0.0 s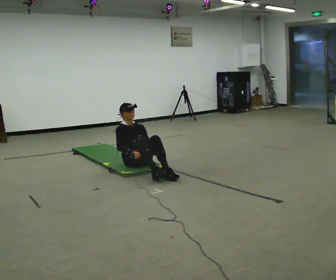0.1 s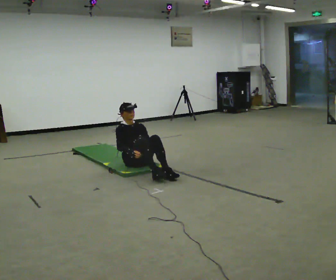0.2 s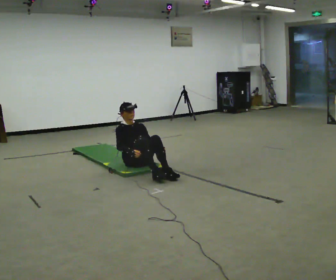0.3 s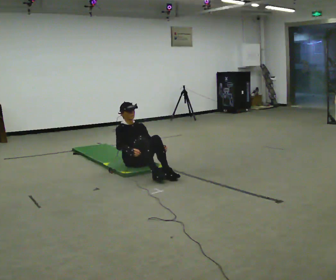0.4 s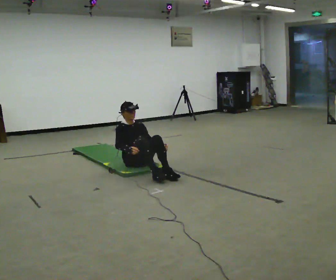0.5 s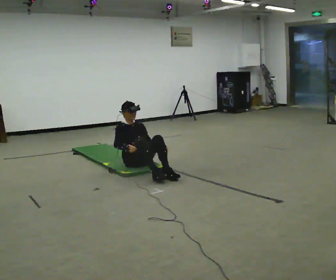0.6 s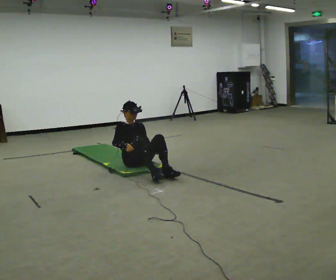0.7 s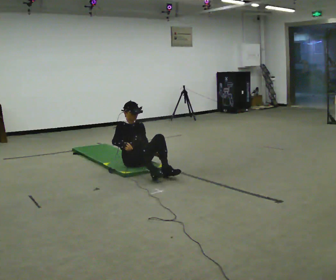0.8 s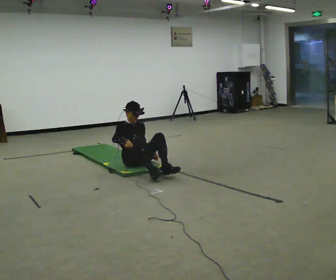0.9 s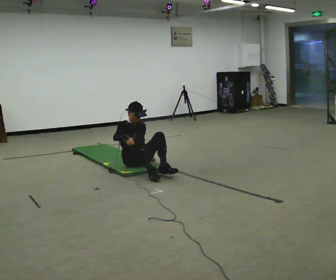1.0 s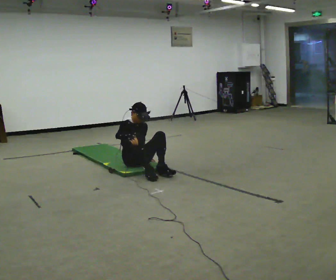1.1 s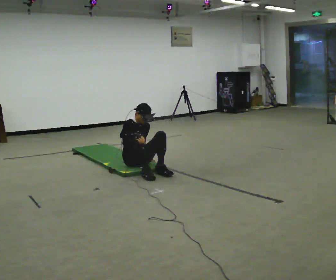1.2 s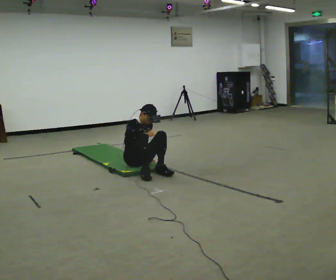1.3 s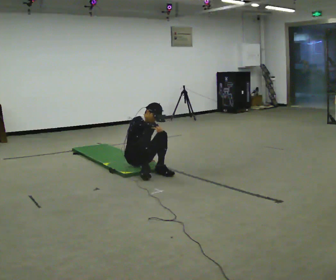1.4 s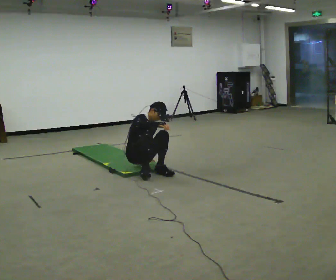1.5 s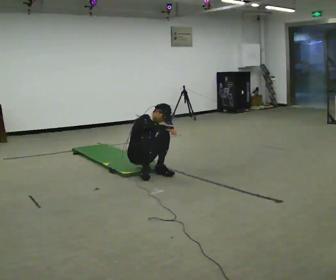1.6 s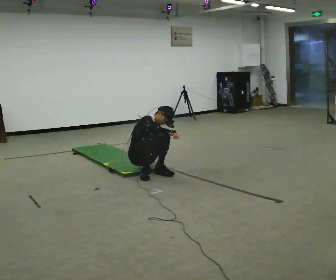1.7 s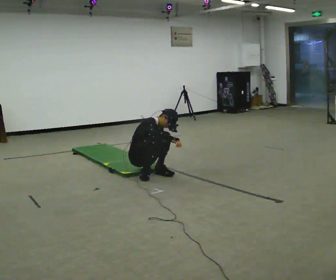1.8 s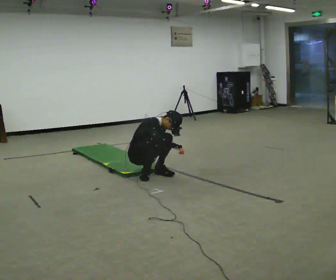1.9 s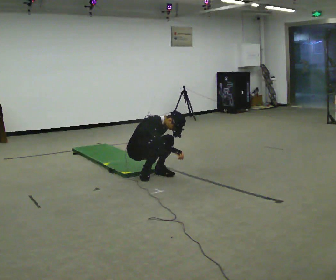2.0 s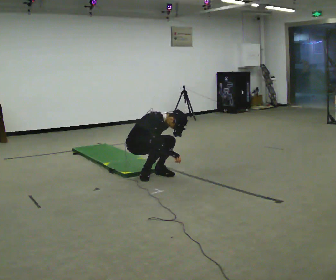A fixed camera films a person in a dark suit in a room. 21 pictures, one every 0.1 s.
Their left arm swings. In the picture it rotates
clockwise.
0.0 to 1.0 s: The person moves a little, or ends about where they began.
1.0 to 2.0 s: In the picture they go toward the camera, about 0.25 m, which for them is forward and to their right. In the picture the upper body tilts clockwise, shoulders to the right, as they bend forward.
The film runs backward here.
